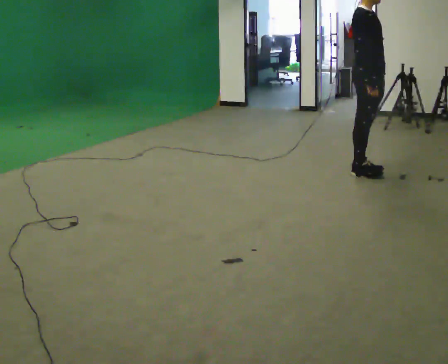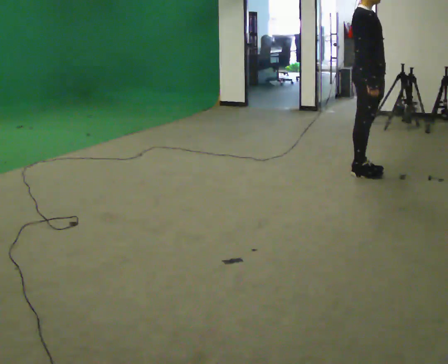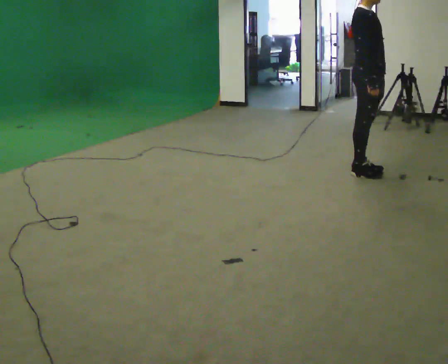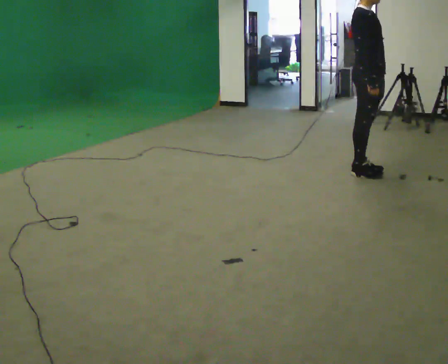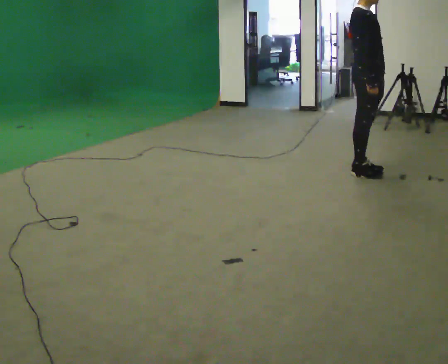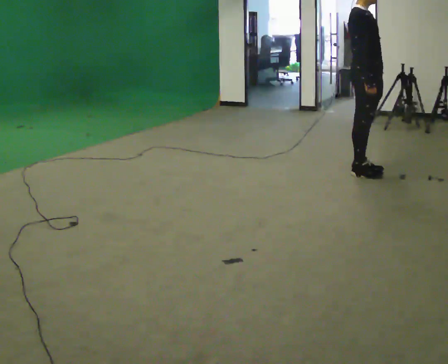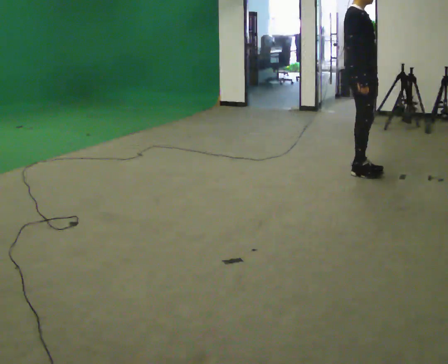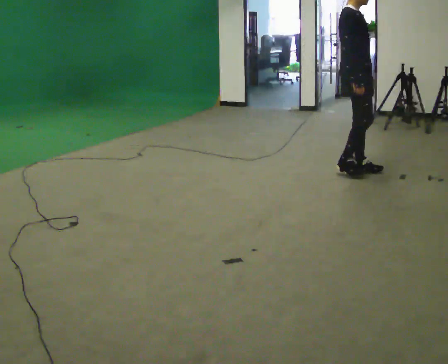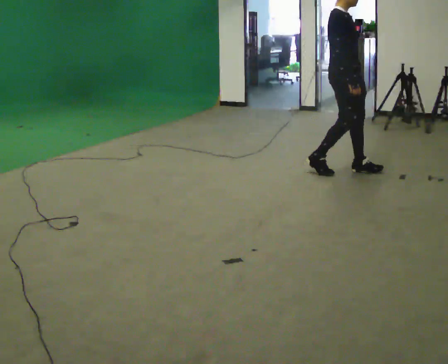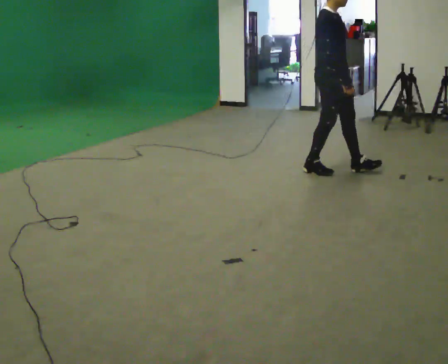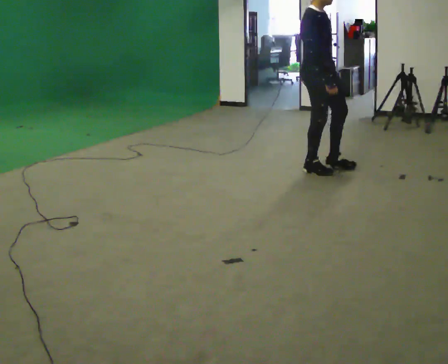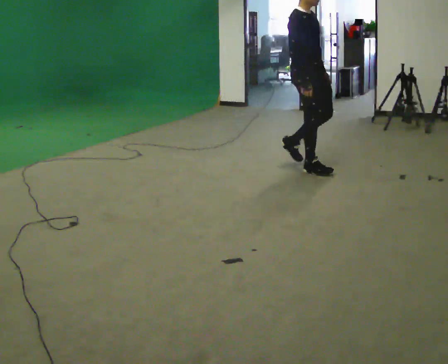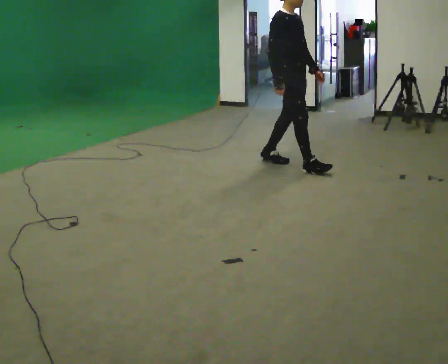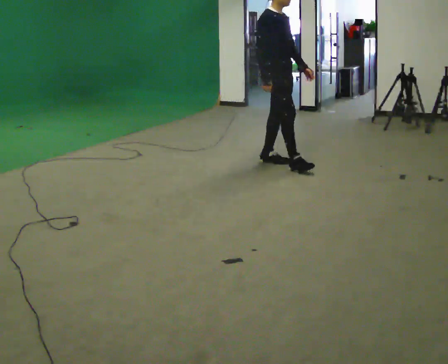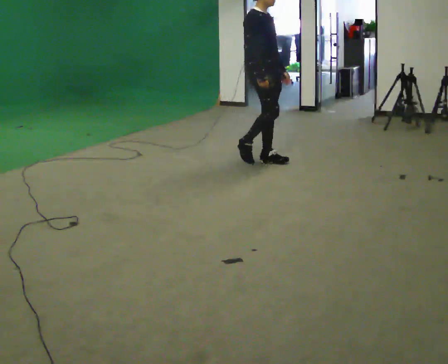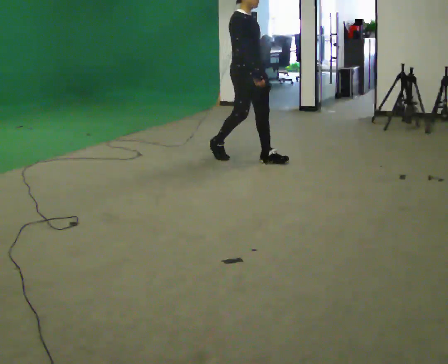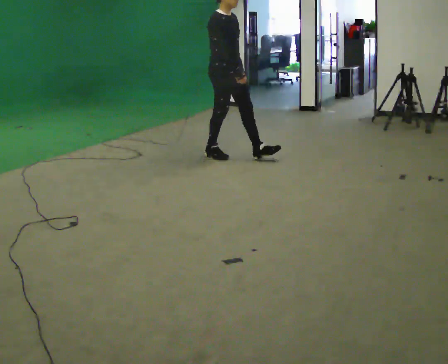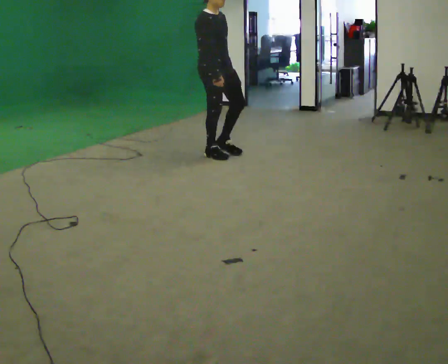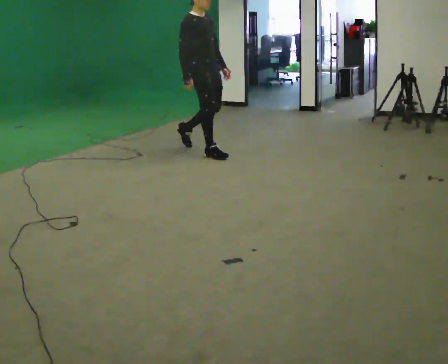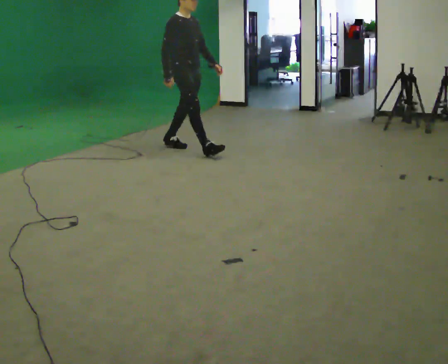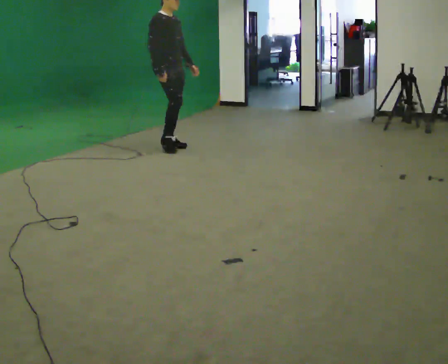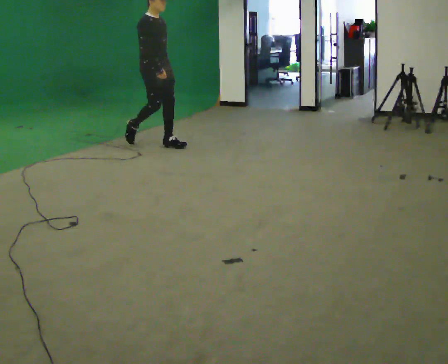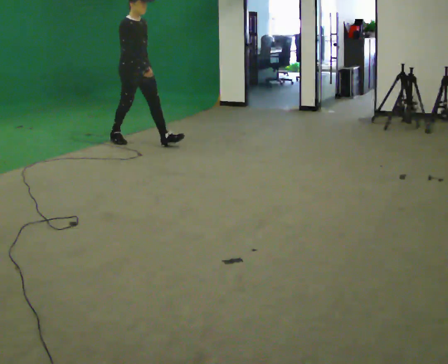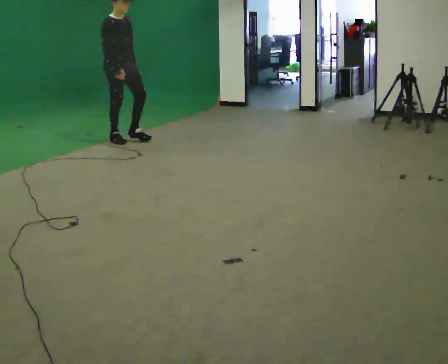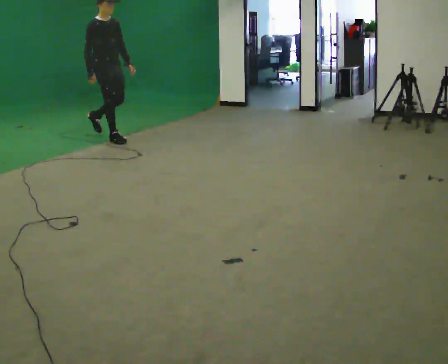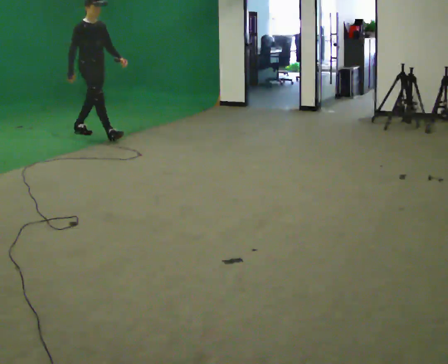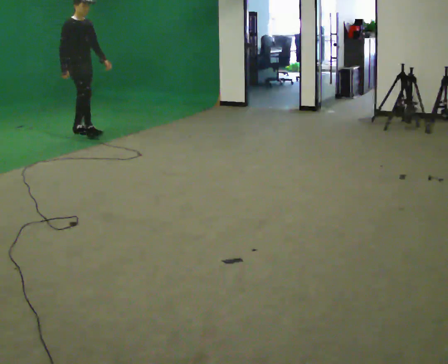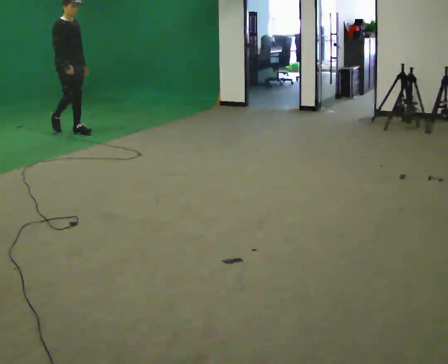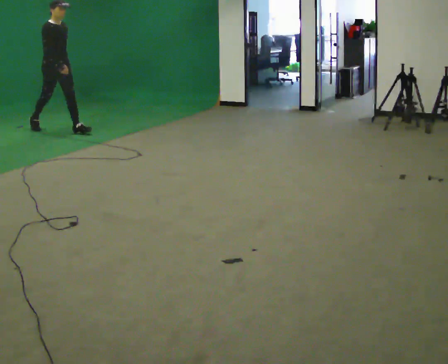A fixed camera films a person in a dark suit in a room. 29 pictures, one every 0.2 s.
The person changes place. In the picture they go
to the left.
0.0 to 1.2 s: The person moves a little, or ends about where they began.
1.2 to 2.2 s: In the picture they go to the left, about 0.5 m in 2 steps, which for them is backward.
2.2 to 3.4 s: In the picture they go to the left and away from the camera, about 1 m in 2 steps, which for them is backward.
3.4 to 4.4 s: In the picture they go to the left and away from the camera, about 1 m in 2 steps, which for them is backward.
4.4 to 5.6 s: In the picture they go to the left and away from the camera, about 1.5 m in 1 step, which for them is backward.
The film runs backward here.
